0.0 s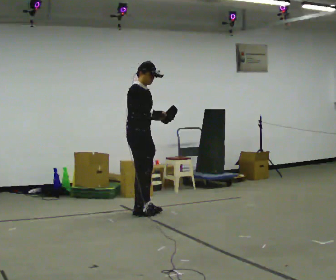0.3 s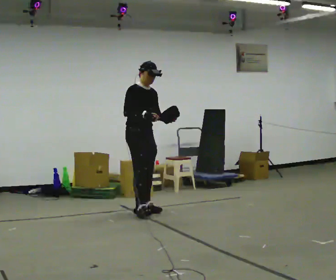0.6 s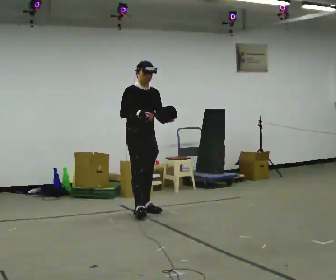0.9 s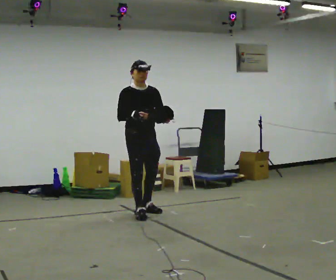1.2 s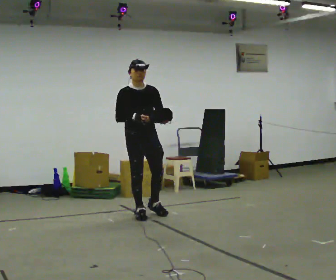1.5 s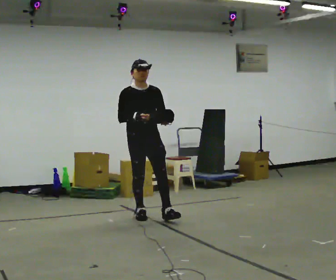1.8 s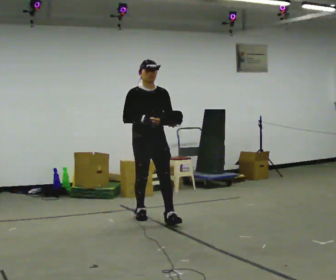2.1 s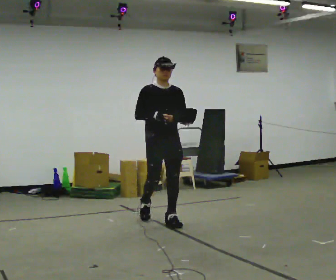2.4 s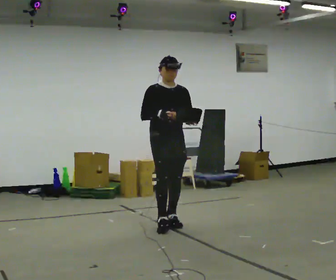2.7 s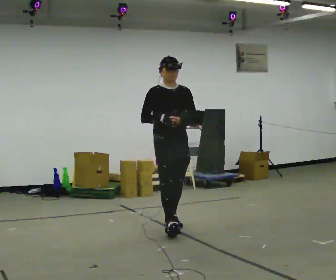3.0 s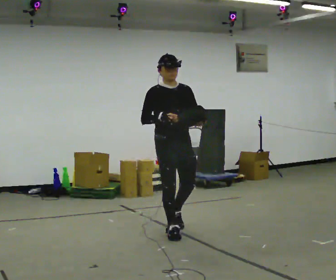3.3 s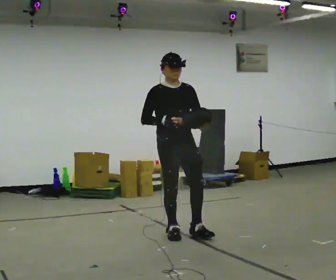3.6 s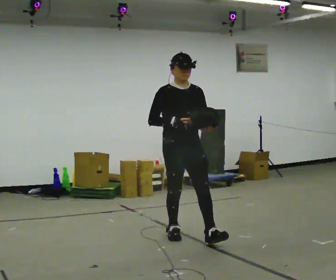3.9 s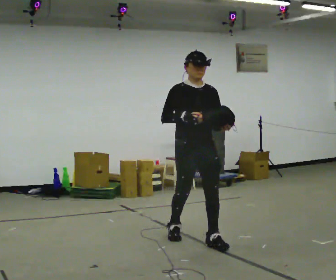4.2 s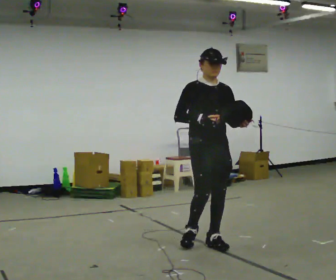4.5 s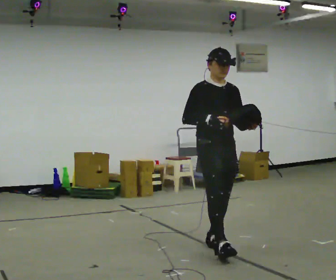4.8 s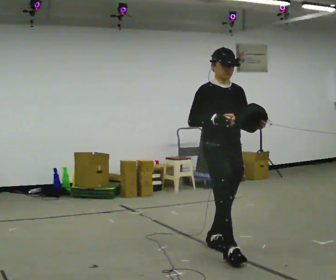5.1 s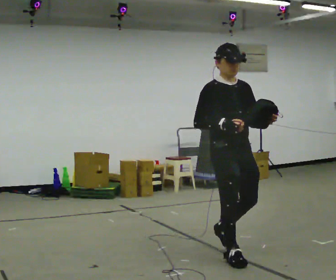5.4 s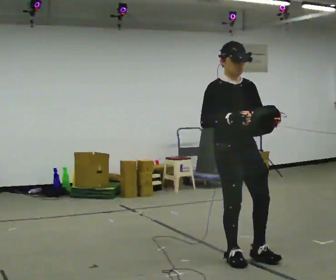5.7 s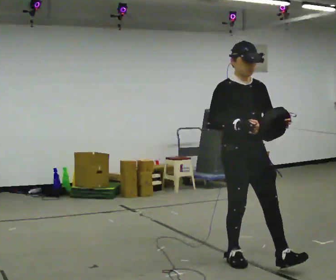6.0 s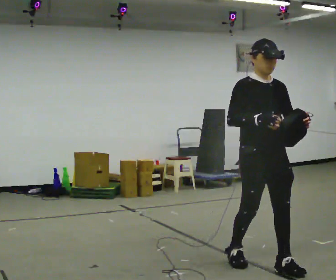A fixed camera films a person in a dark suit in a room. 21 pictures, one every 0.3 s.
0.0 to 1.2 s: The person turns about 45 degrees to their right, clockwise seen from above, so the part of the body nearest the lens slides to the left. In the picture they go toward the camera, about 0.25 m, which for them is forward.
1.2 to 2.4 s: In the picture they go toward the camera and to the right, about 0.5 m in 1 step, which for them is forward.
2.4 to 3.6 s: In the picture they go toward the camera, about 0.5 m in 2 steps, which for them is forward.
3.6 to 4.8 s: In the picture they go toward the camera and to the right, about 0.5 m in 1 step, which for them is forward.
4.8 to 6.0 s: In the picture they go toward the camera and to the right, about 0.5 m in 1 step, which for them is forward.
The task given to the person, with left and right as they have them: Carry the bag and, while walking, undo the buckle or zip, then do it up again. Keep repeating as you walk. Do not stop.
The film runs forward here.
